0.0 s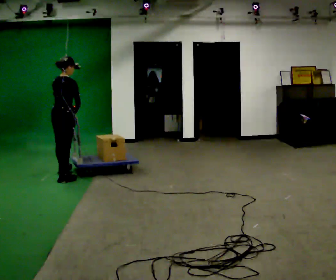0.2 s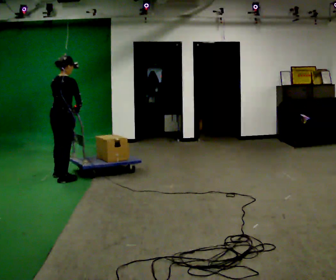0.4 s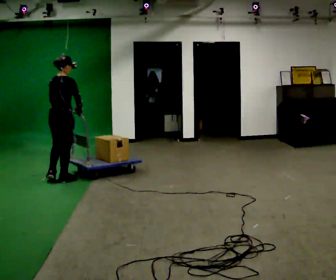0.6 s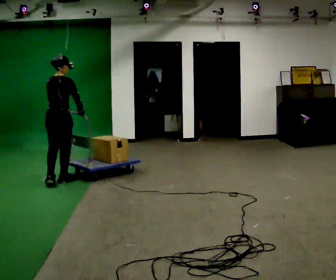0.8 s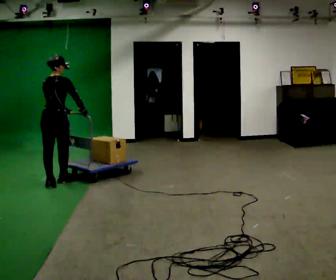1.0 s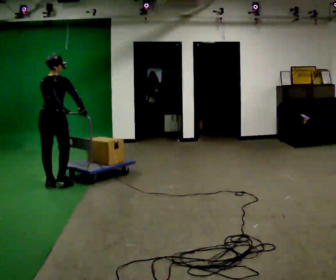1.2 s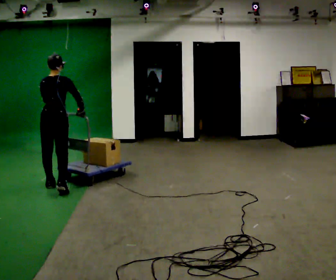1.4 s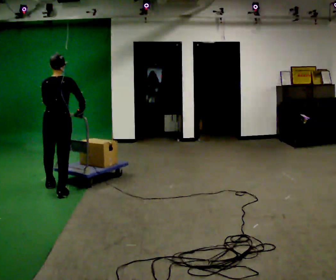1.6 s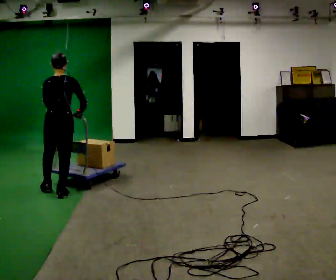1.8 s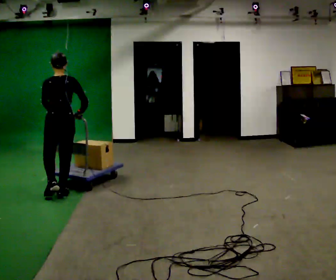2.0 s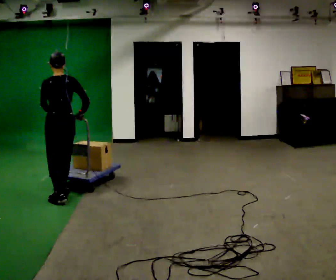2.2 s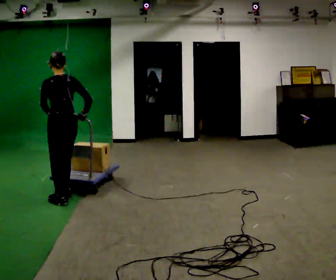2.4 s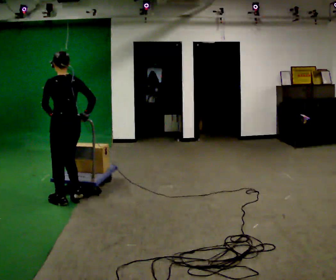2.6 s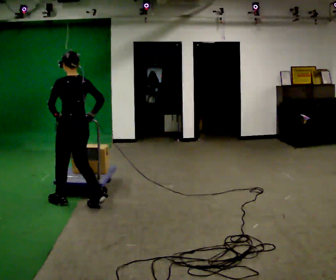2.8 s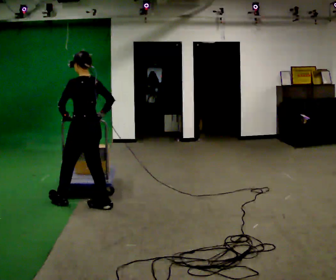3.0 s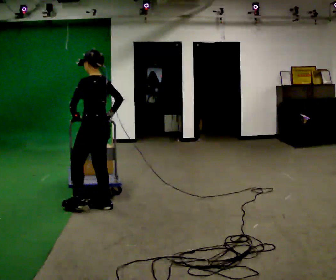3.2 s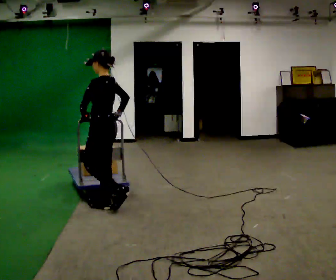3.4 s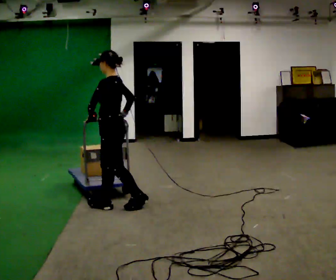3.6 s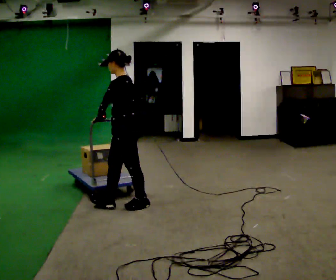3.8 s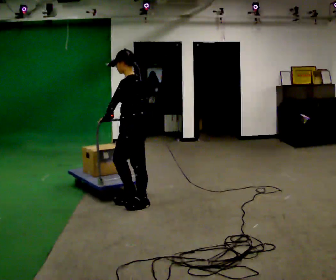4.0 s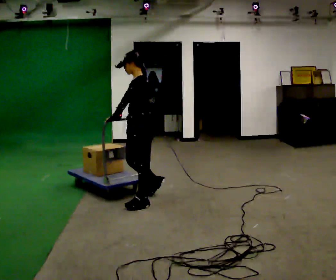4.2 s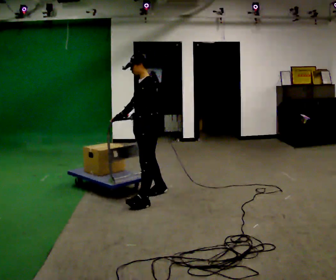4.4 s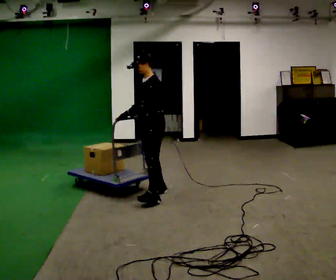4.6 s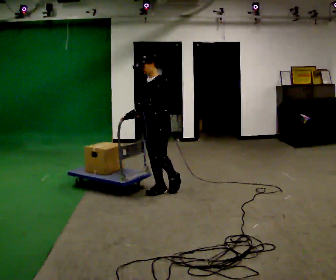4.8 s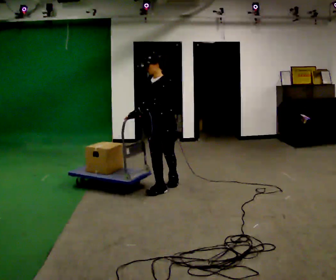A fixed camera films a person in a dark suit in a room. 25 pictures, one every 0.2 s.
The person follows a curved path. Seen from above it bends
counterclockwise.
The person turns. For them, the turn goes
to their left.
0.0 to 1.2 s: Seen from above the body turns counterclockwise, about 30 degrees: to their left, with its near side sliding to the right. In the picture they go toward the camera, about 0.5 m in 2 steps, which for them is backward.
1.2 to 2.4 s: The part of the body nearest the lens slides to the right as the person turns to their left by about 30 degrees. In the picture they go toward the camera, about 0.5 m in 2 steps, which for them is backward.
2.4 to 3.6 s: Seen from above the body turns counterclockwise, about 45 degrees: to their left, with its near side sliding to the right. In the picture they go to the right, about 0.5 m in 2 steps, which for them is backward.
3.6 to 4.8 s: The part of the body nearest the lens slides to the right as the person turns to their left by about 45 degrees. In the picture they go to the right and away from the camera, about 0.75 m in 1 step, which for them is backward and to their right.
The film runs backward here.
